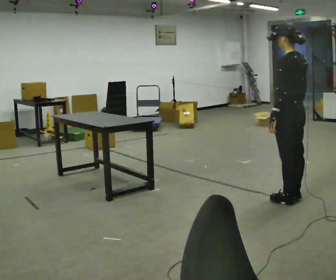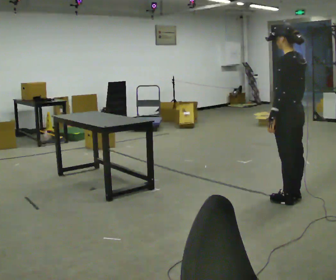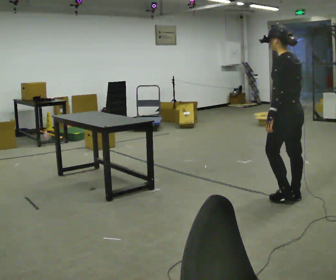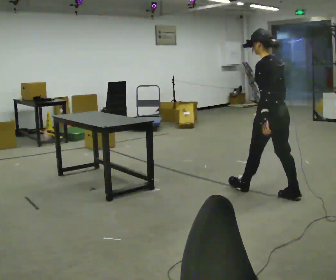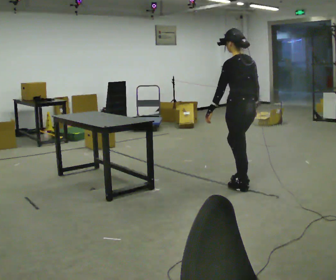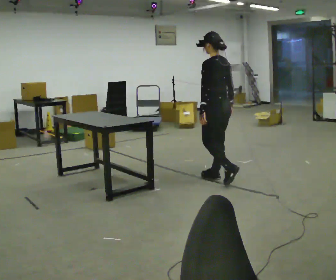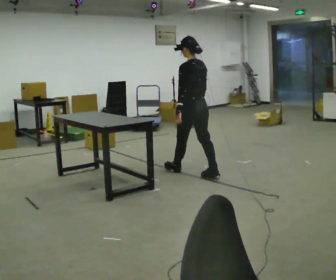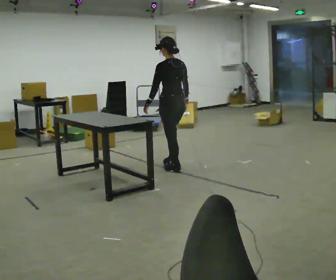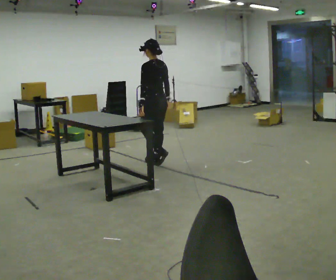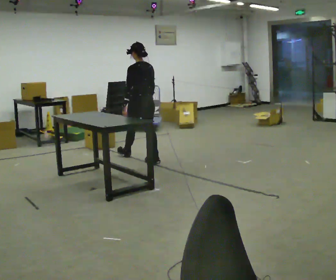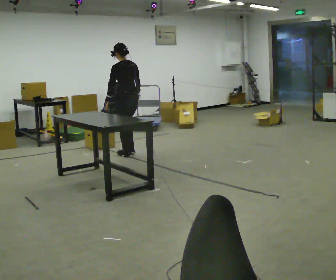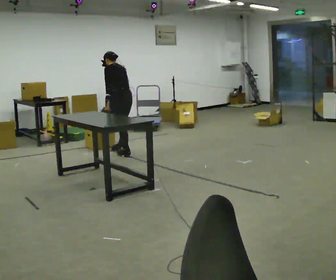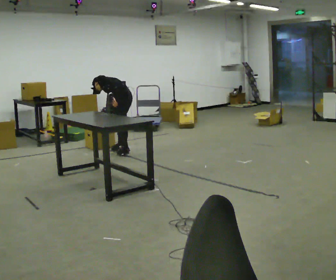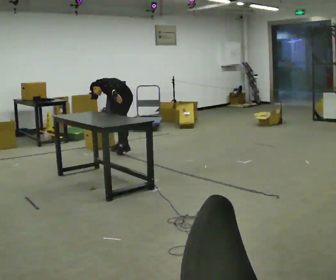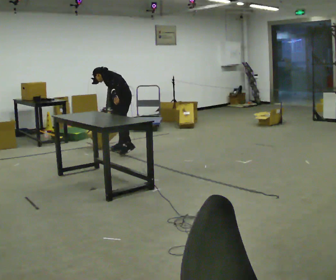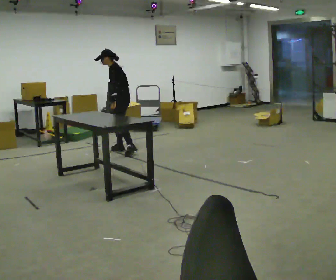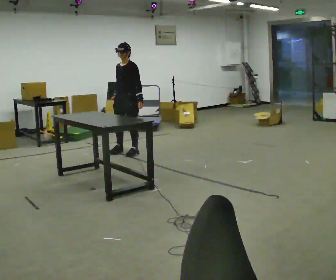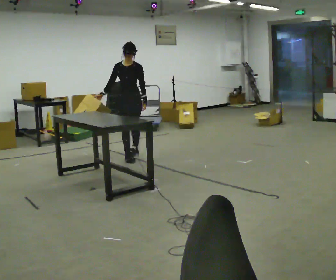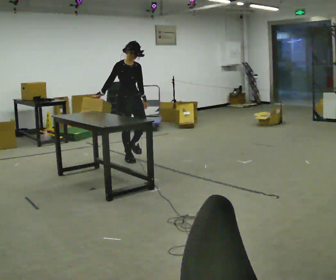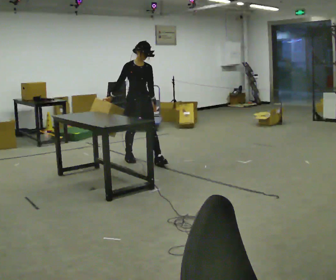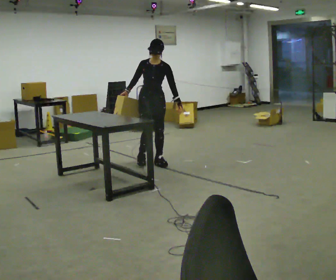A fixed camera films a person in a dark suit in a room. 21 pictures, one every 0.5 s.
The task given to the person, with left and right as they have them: Pick the object up off the floor using only the hand the operator calls, then carry it to the table in that same hand. Keep going until the operator says stop; one object at a time, and do not rush between trips.
0.0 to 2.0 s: In the picture they go away from the camera and to the left, about 0.5 m in 1 step, which for them is forward.
2.0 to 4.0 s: In the picture they go away from the camera and to the left, about 1.5 m in 3 steps, which for them is forward.
4.0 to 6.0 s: In the picture they go away from the camera and to the left, about 1 m in 2 steps, which for them is forward. The upper body goes downward. The upper body tips away from the camera, its near side rolling upward, as they bend forward.
6.0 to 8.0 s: The person turns about 75 degrees to their left, counterclockwise seen from above, so the part of the body nearest the lens slides to the right. In the picture they go toward the camera, about 0.25 m in 1 step. The shoulders move upward. The upper body tips toward the camera, its near side rolling downward, as they lean back or straighten. In the picture their left hand goes to the right.
8.0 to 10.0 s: The part of the body nearest the lens slides to the right as the person turns to their left by about 45 degrees. In the picture they go toward the camera and to the right, about 0.75 m in 2 steps.
The film runs forward here.
